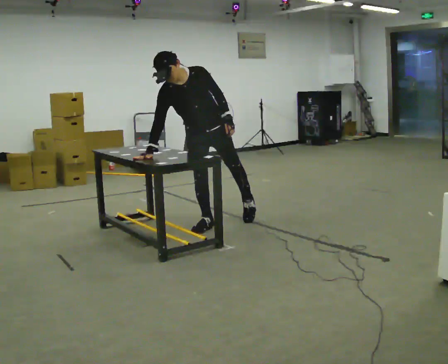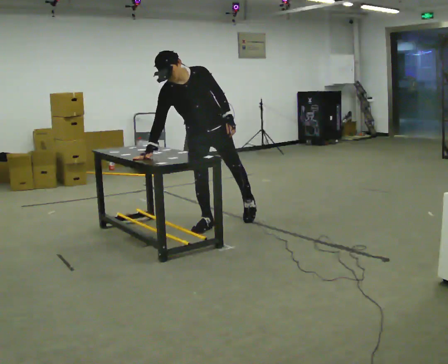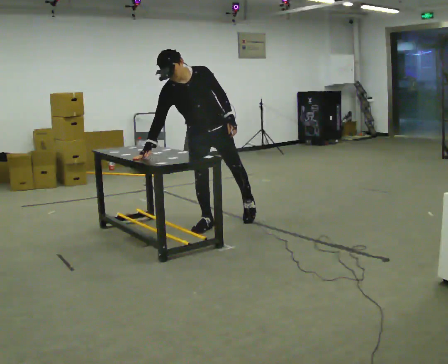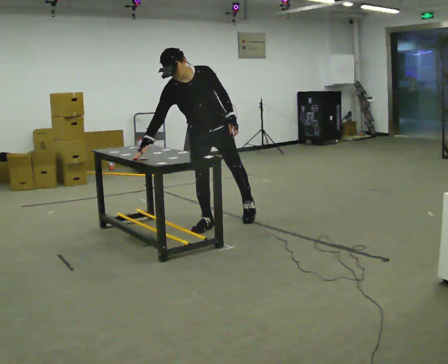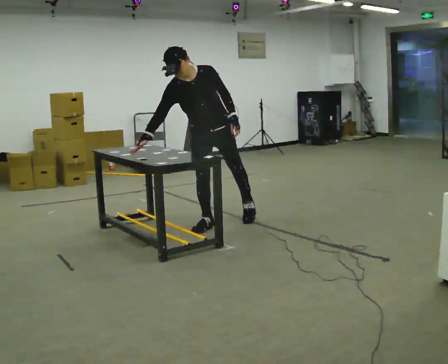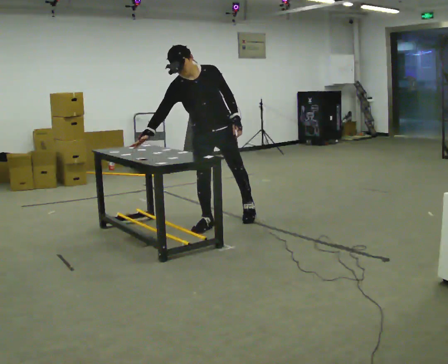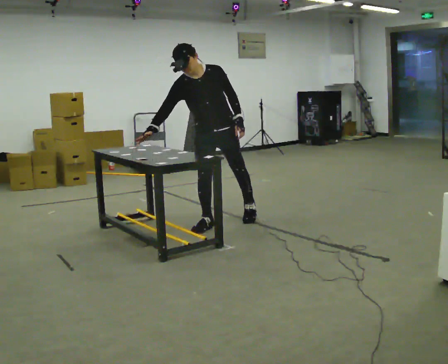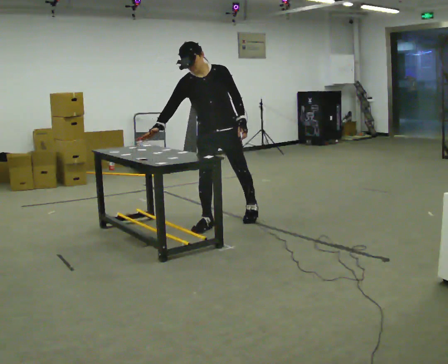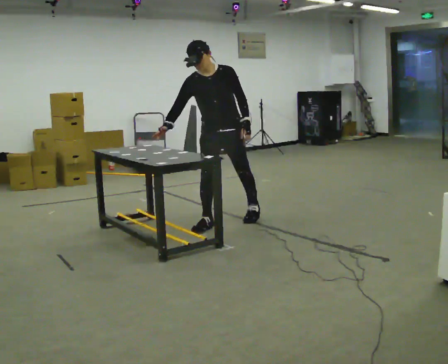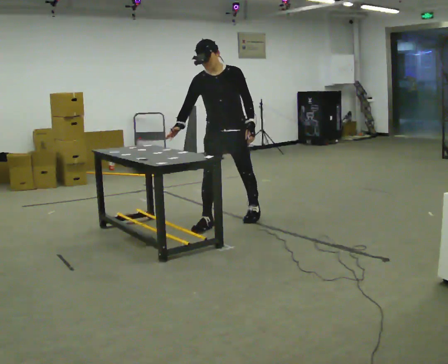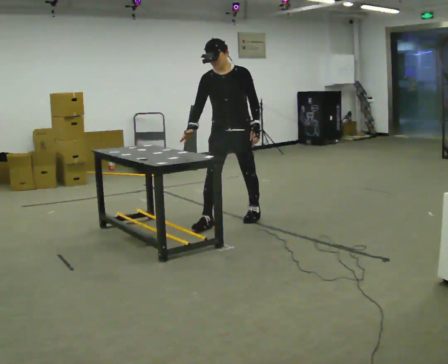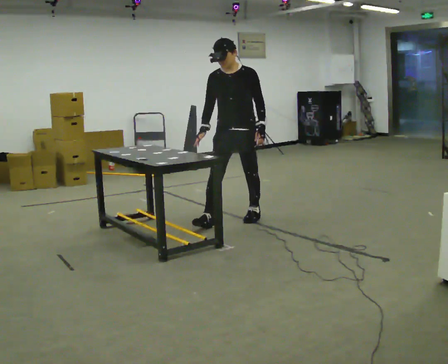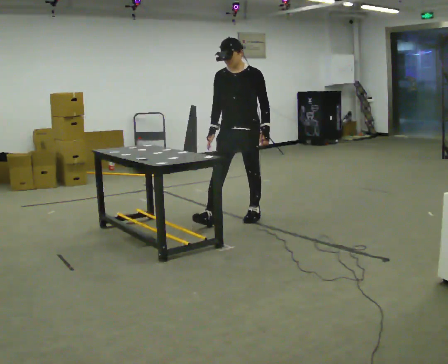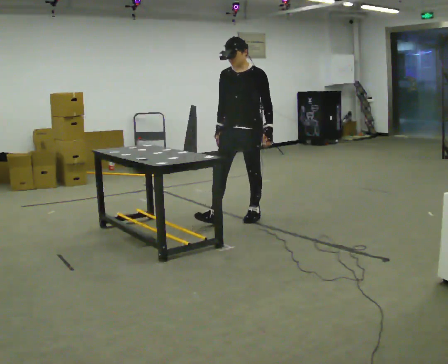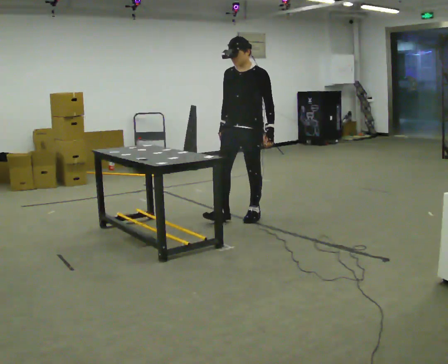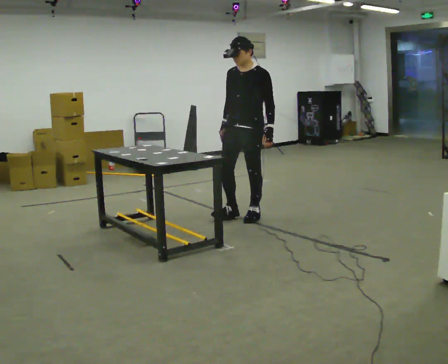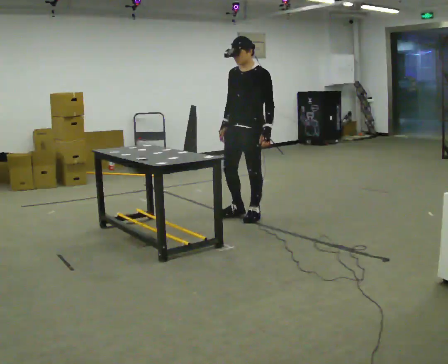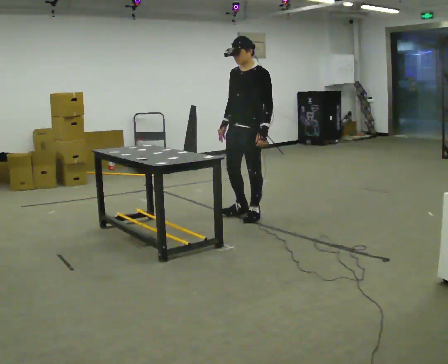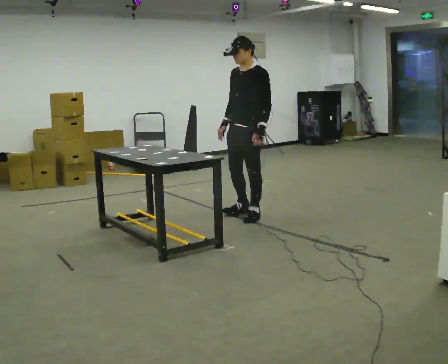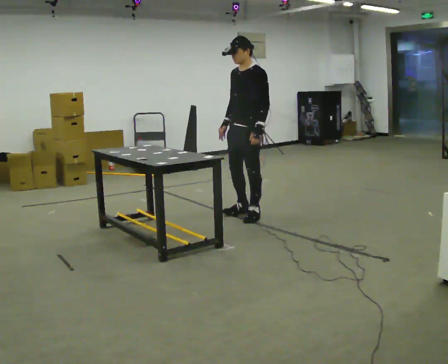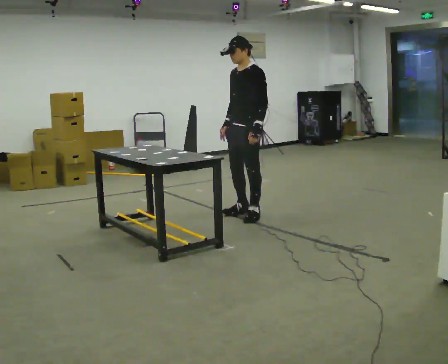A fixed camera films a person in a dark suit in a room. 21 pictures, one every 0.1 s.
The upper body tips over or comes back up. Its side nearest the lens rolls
upward.
0.0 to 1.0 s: In the picture they go to the right, about 0.25 m, which for them is to their left and backward. The upper body tips away from the camera, its near side rolling upward, as they lean back or straighten.
1.0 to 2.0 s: Seen from above the body turns clockwise, about 45 degrees: to their right, with its near side sliding to the left. In the picture they go away from the camera and to the right, about 0.25 m in 1 step, which for them is backward.
The film runs forward here.
